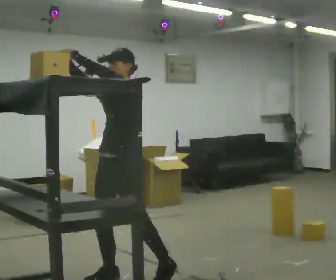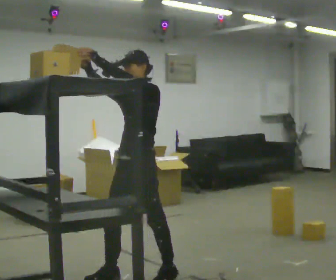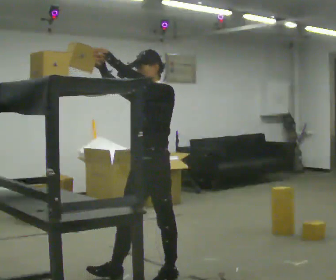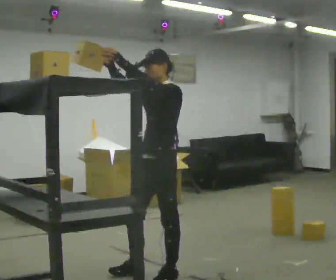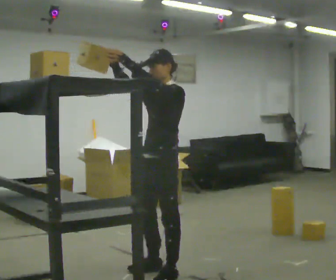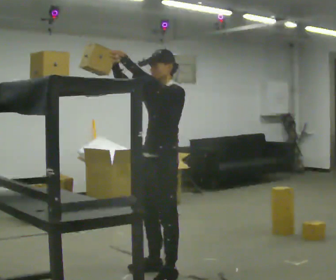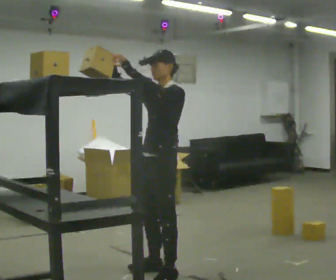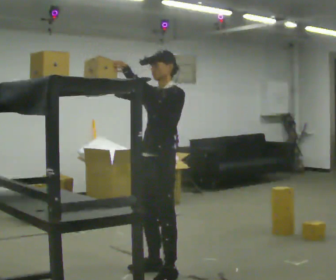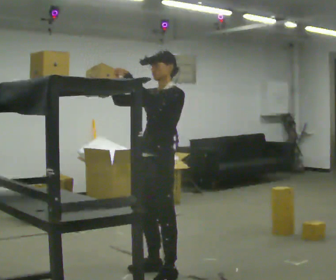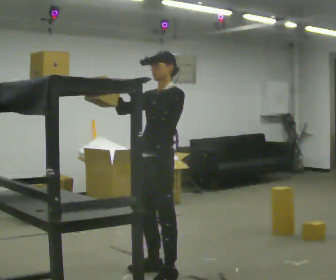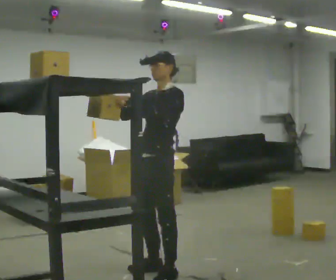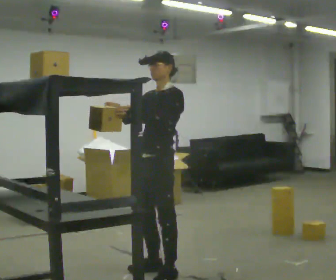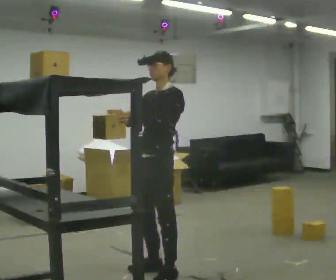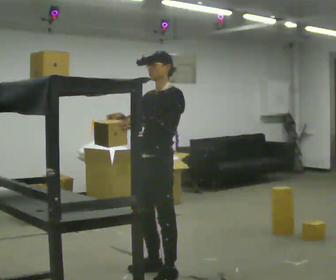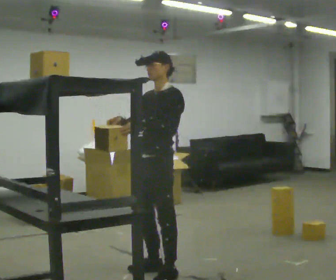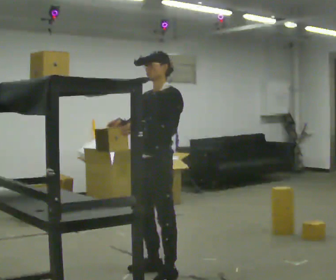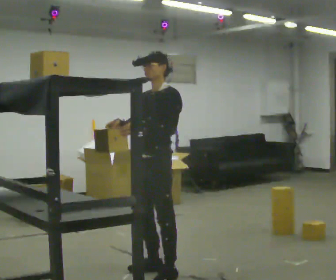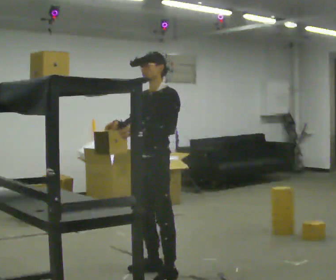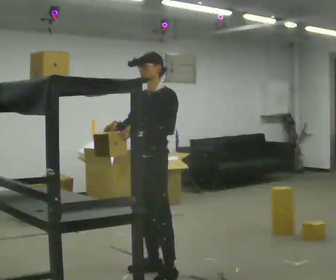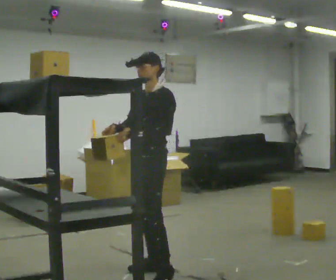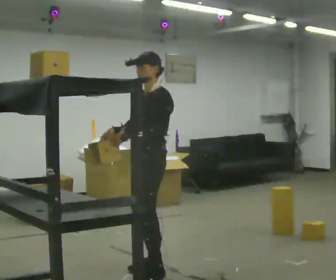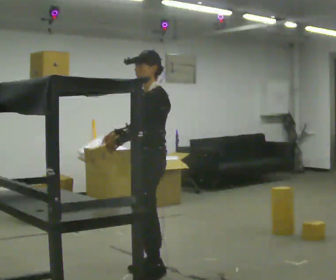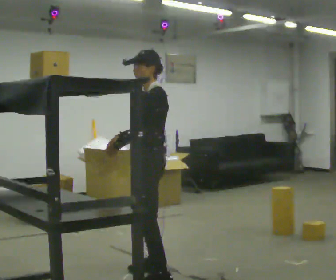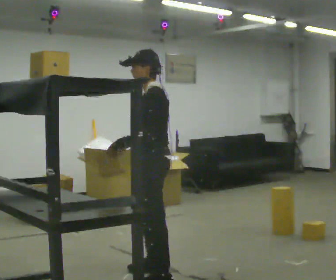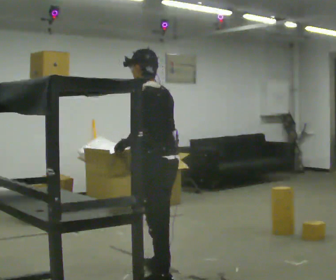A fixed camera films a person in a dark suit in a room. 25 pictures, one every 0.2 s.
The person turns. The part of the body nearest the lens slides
to the left.
The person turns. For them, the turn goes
to their right.
0.0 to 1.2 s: In the picture they go to the right and away from the camera, about 0.25 m in 1 step, which for them is backward.
1.2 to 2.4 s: In the picture their right hand goes downward, the arm swinging counterclockwise.
2.4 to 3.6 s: The person moves a little, or ends about where they began.
3.6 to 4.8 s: Seen from above the body turns clockwise, about 75 degrees: to their right, with its near side sliding to the left. In the picture they go toward the camera, about 0.25 m in 1 step.
The film runs forward here.
